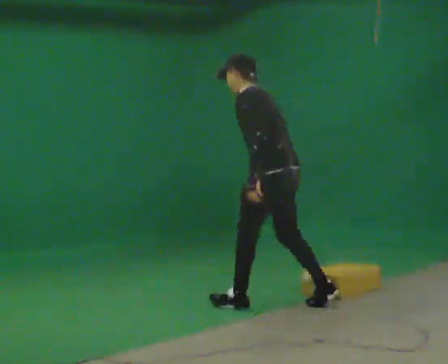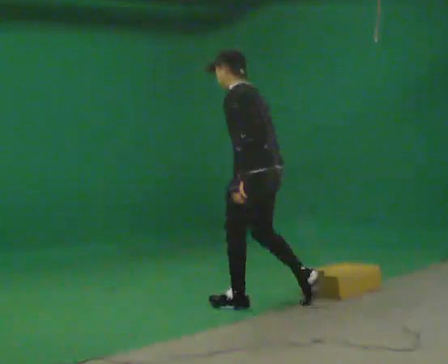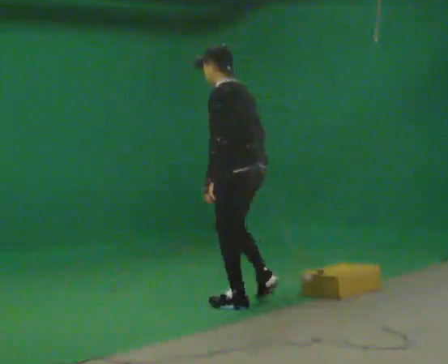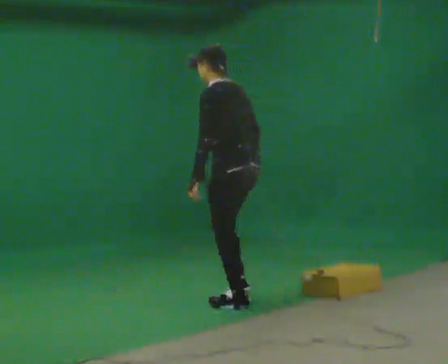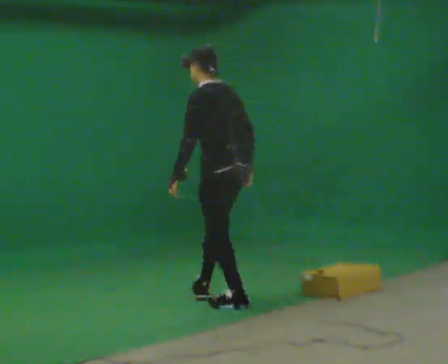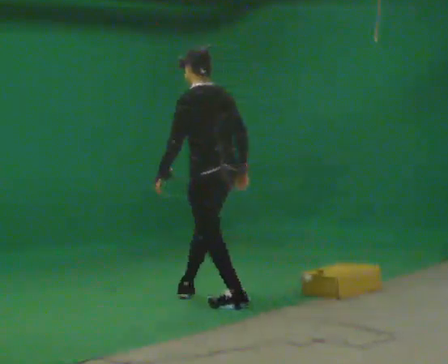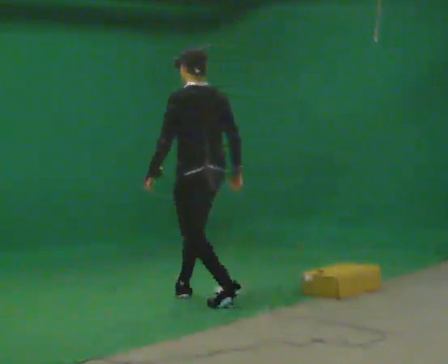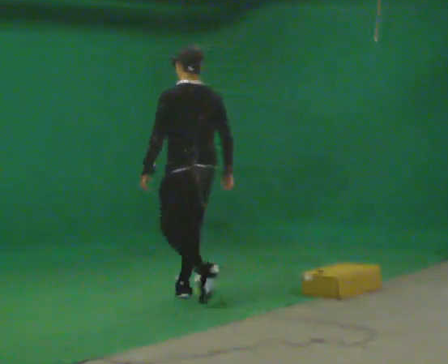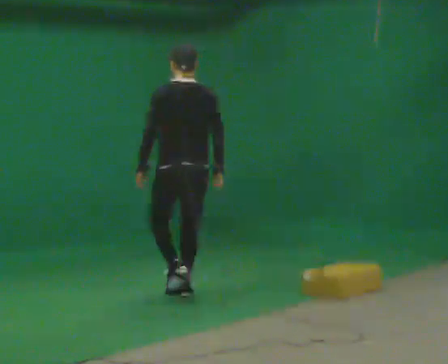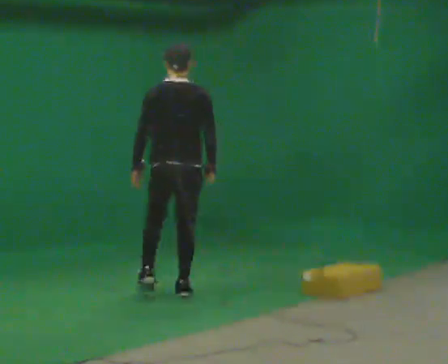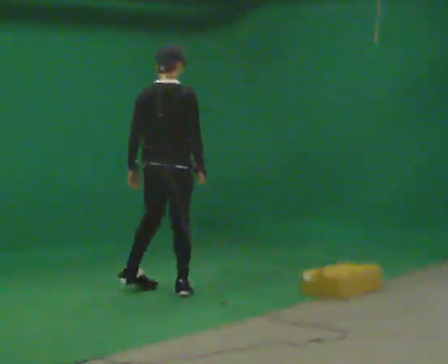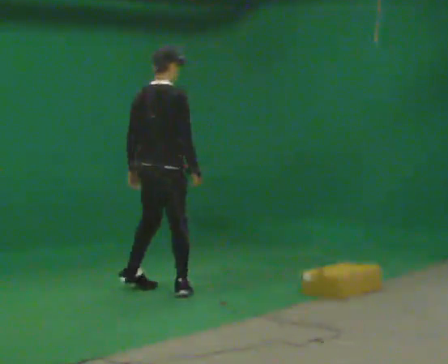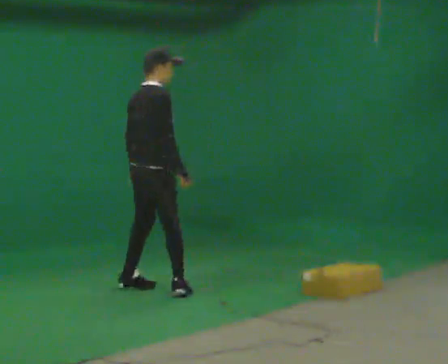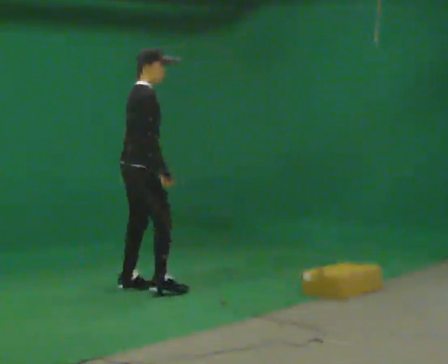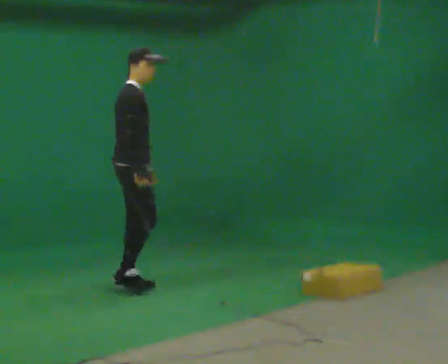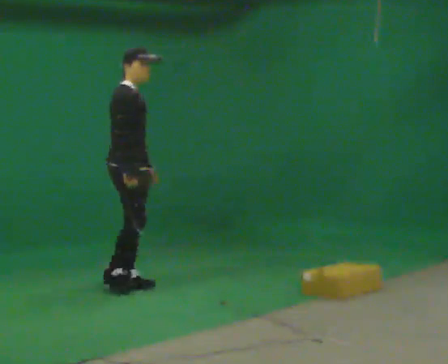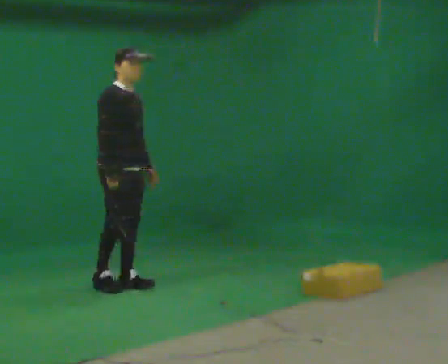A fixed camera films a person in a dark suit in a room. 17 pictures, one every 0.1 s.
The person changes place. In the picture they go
to the left.
The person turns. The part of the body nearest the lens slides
to the left.
0.0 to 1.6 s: The person turns about 180 degrees to their right, clockwise seen from above, so the part of the body nearest the lens slides to the left. In the picture they go to the left and away from the camera, about 1.5 m in 2 steps. In the picture the upper body tilts clockwise, shoulders to the right, as they lean back or straighten.
The film runs forward here.
